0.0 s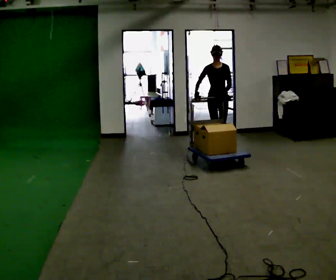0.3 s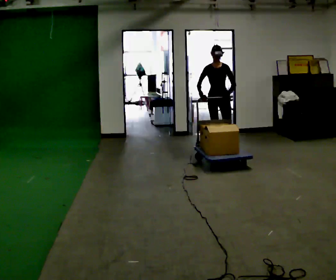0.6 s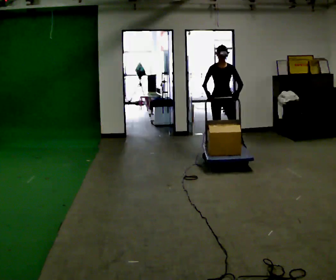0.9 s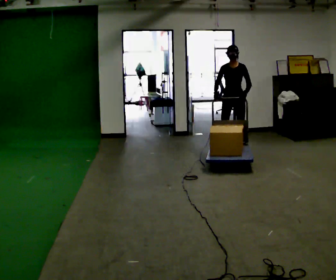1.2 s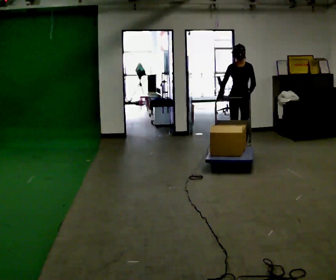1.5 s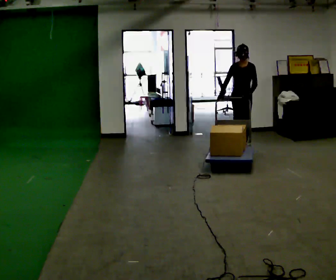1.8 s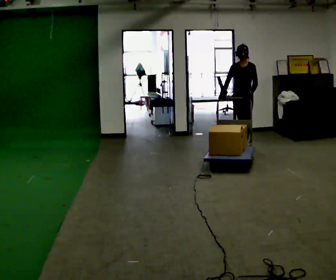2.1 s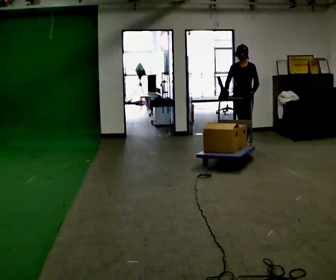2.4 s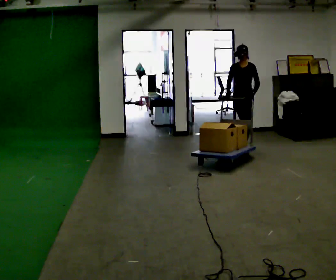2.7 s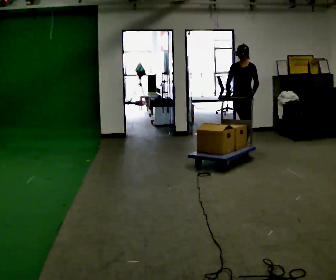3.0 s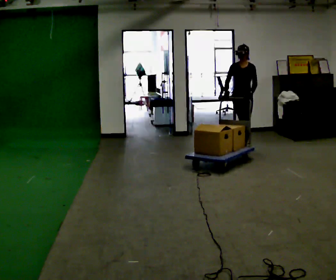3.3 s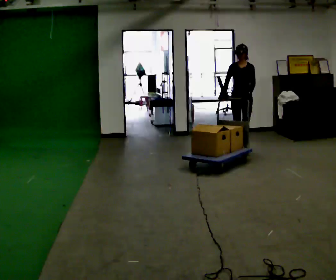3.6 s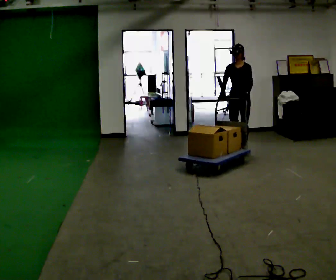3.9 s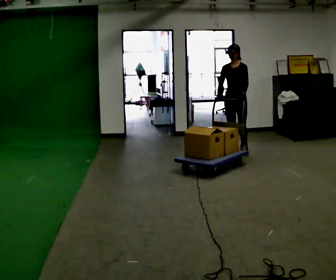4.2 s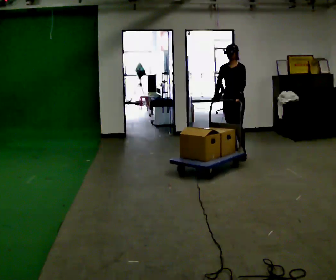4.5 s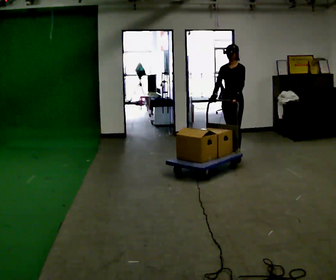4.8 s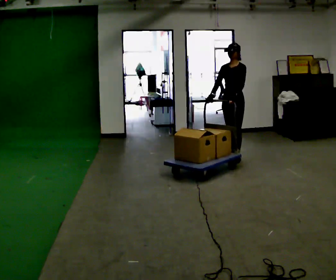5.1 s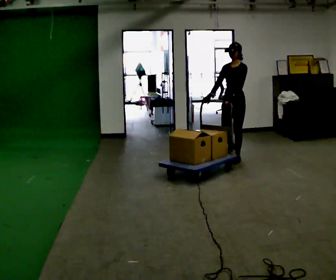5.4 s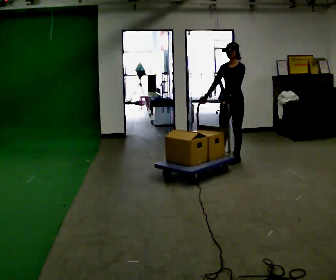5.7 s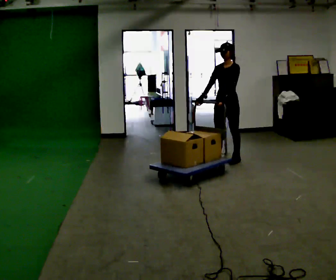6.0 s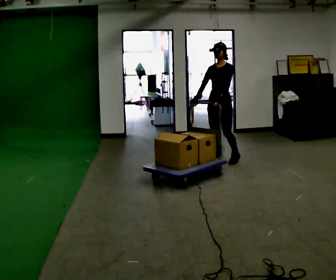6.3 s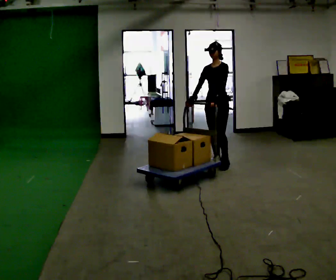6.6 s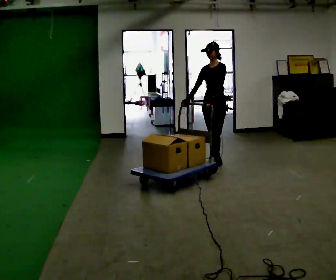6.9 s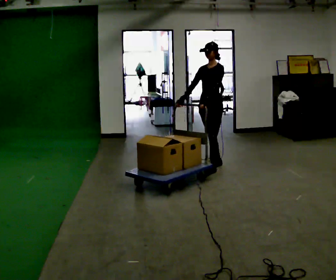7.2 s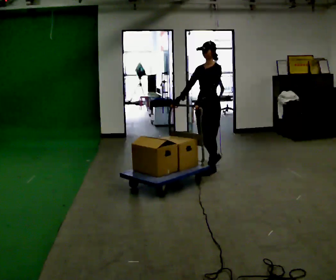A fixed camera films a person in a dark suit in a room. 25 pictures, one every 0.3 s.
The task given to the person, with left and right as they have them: Stand still with your hands on the cart. When the operator says go, get it moving, push it a few metres, then bring it to a stop. Repeat until the operator says stop.
0.0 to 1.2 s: Seen from above the body turns clockwise, about 30 degrees: to their right, with its near side sliding to the left. In the picture they go to the right, about 0.25 m in 1 step, which for them is to their left.
1.2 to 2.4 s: The person moves a little, or ends about where they began.
2.4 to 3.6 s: In the picture they go toward the camera, about 0.25 m, which for them is forward.
3.6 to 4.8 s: In the picture they go toward the camera, about 0.25 m in 1 step, which for them is forward.
4.8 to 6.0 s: In the picture they go toward the camera and to the left, about 0.25 m in 1 step, which for them is forward.
6.0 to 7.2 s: In the picture they go toward the camera, about 0.25 m in 1 step, which for them is forward.
The film runs forward here.
